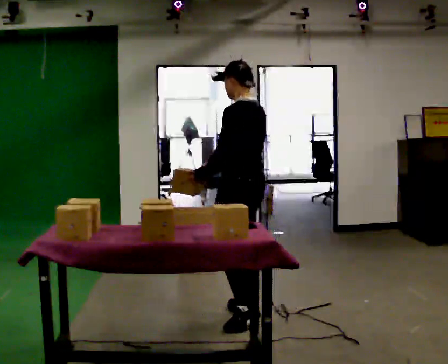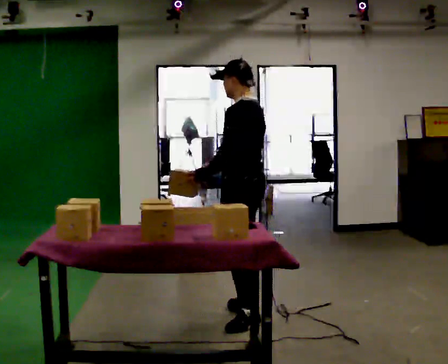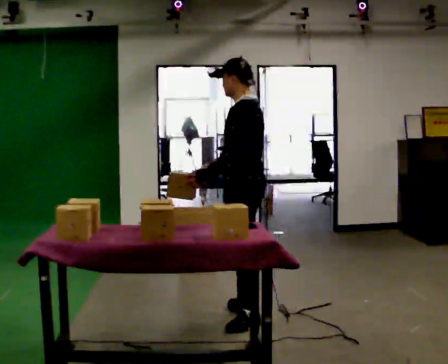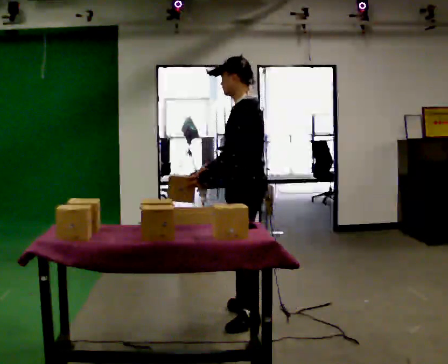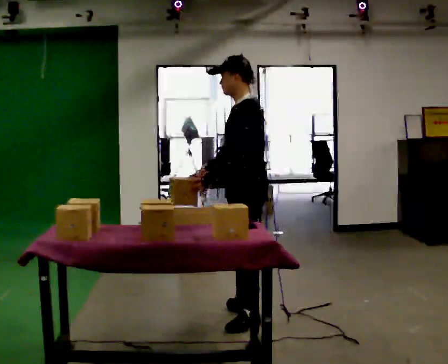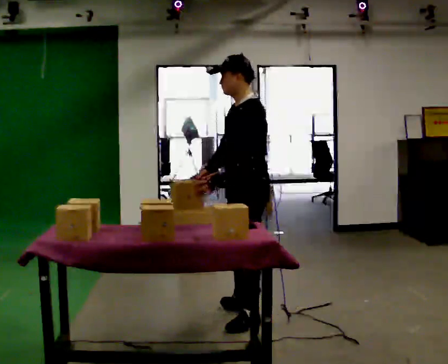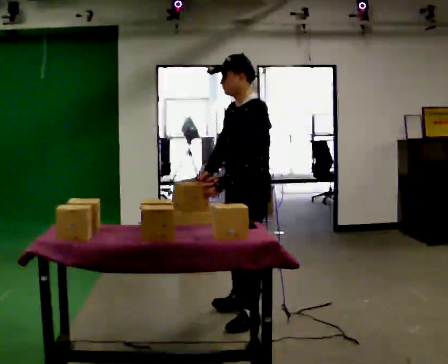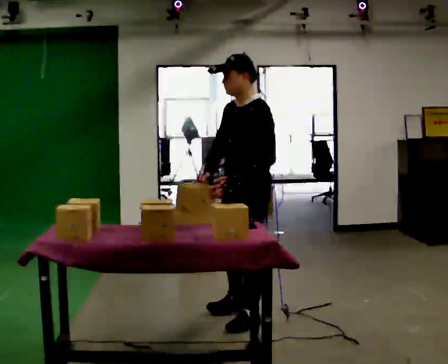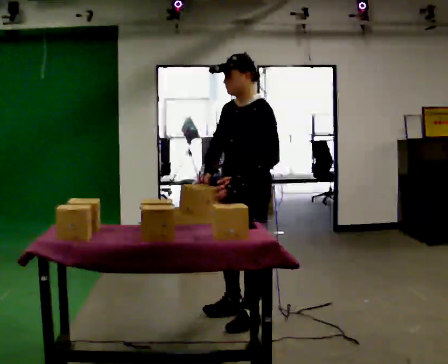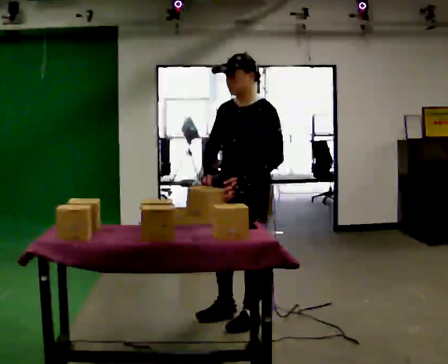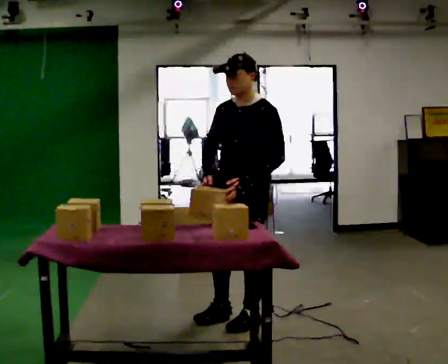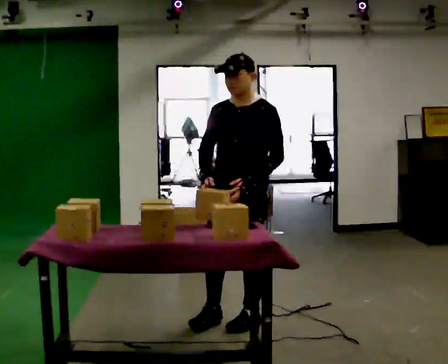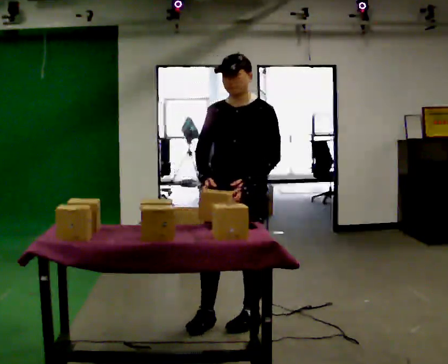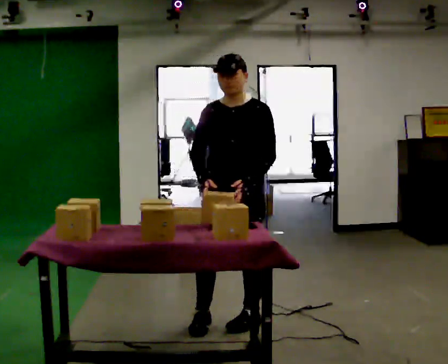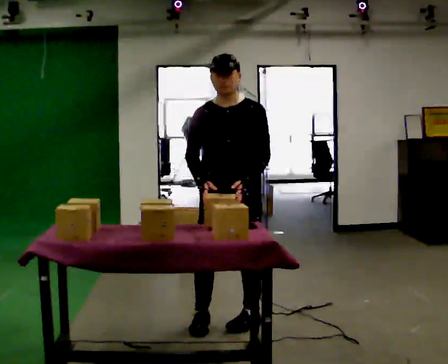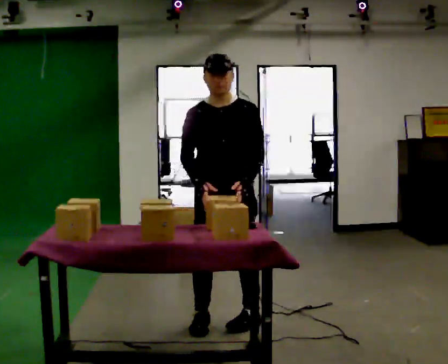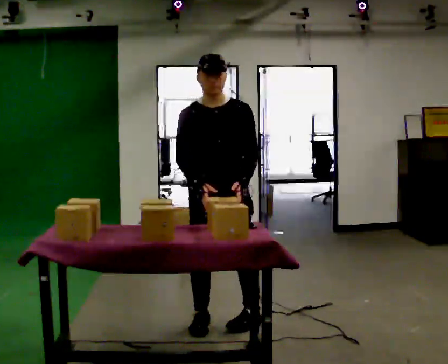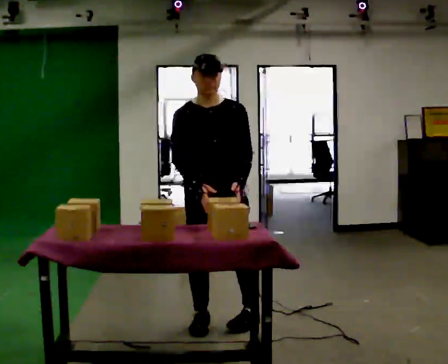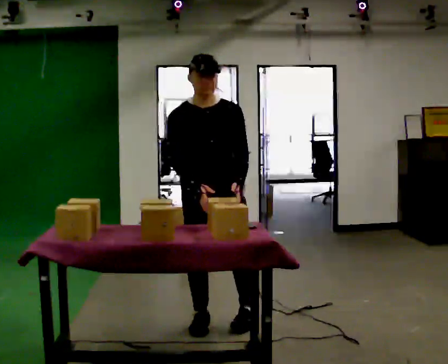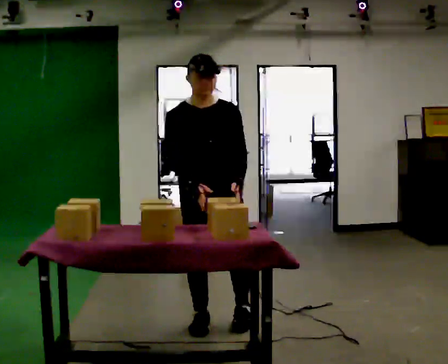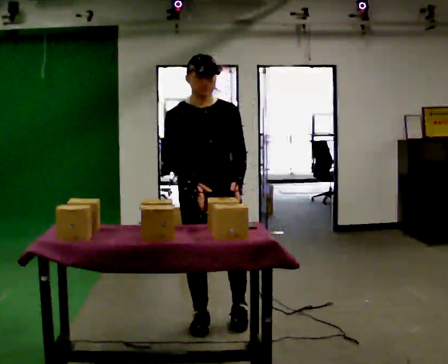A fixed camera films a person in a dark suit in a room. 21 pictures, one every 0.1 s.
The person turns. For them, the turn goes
to their left.
The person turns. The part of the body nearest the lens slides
to the right.
0.0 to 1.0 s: Seen from above the body turns counterclockwise, about 75 degrees: to their left, with its near side sliding to the right. In the picture they go toward the camera, about 0.25 m in 1 step.
1.0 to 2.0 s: The part of the body nearest the lens slides to the right as the person turns to their left by about 45 degrees. In the picture they go to the left, about 0.25 m in 1 step, which for them is to their right.
The film runs backward here.
